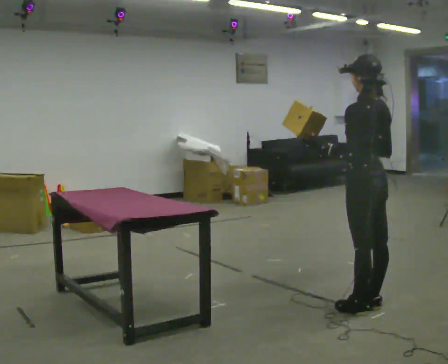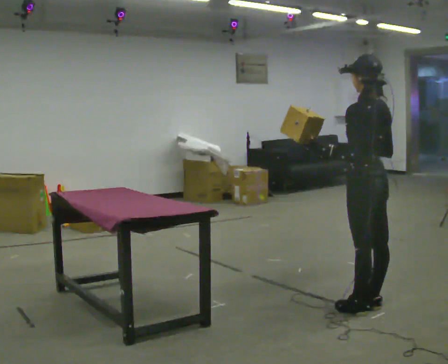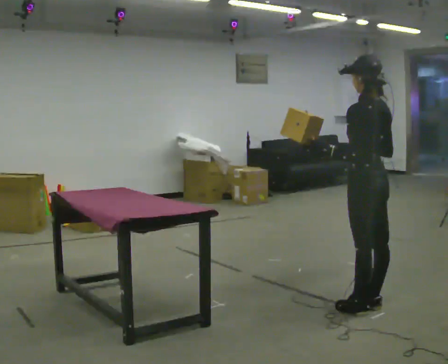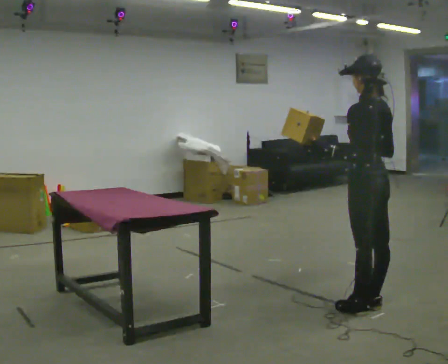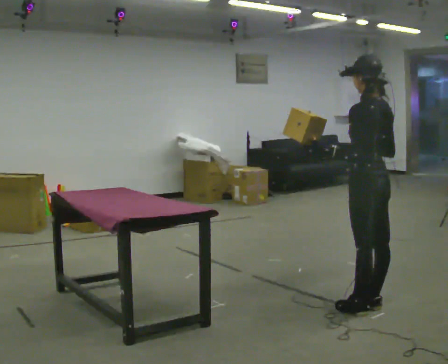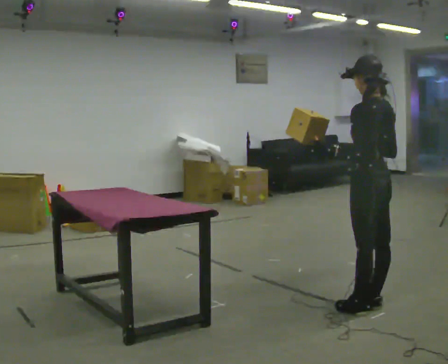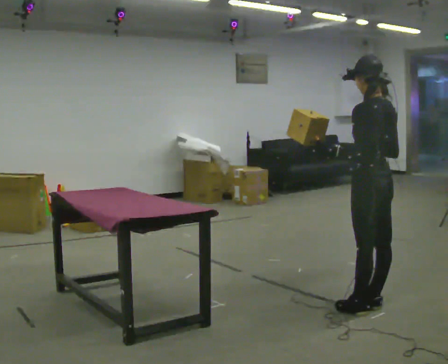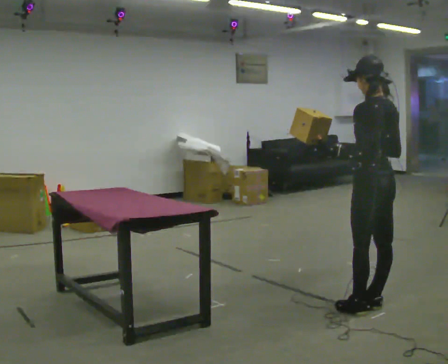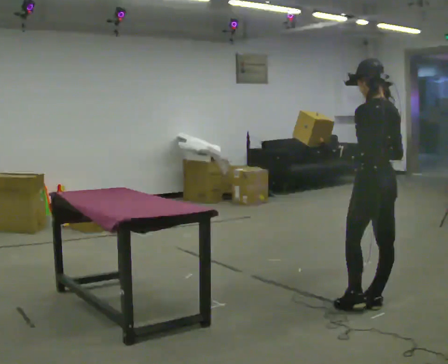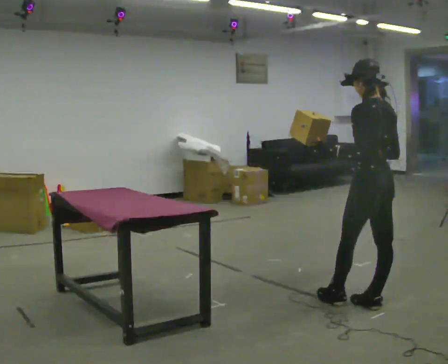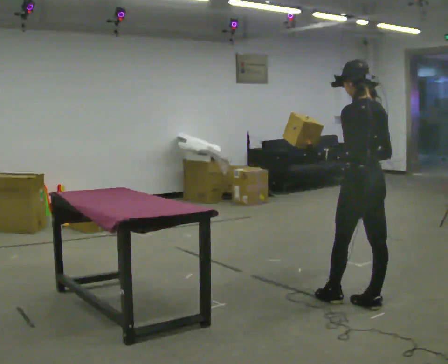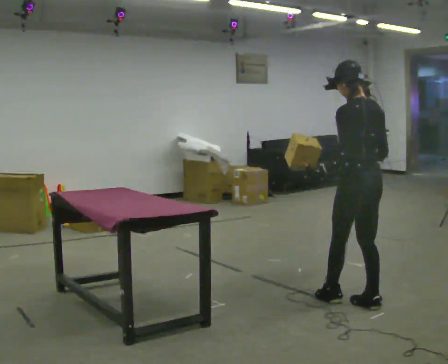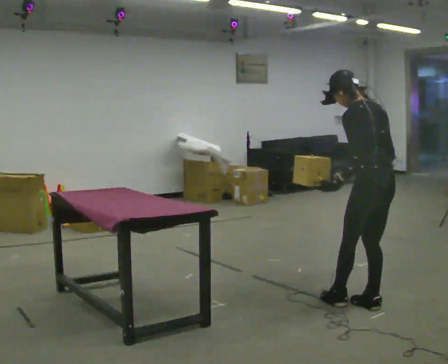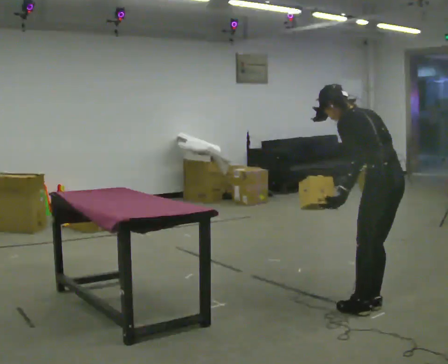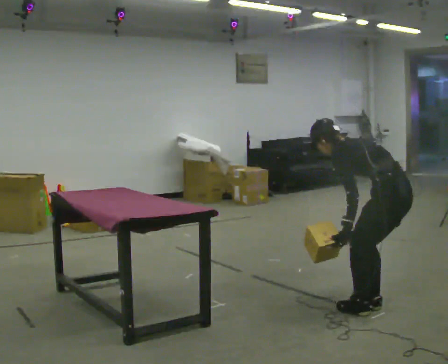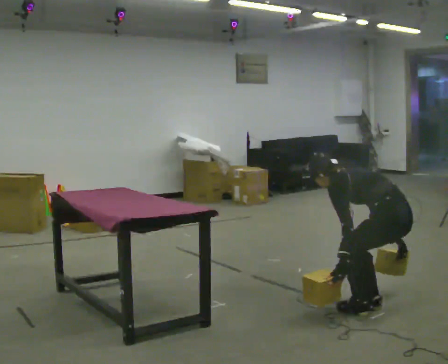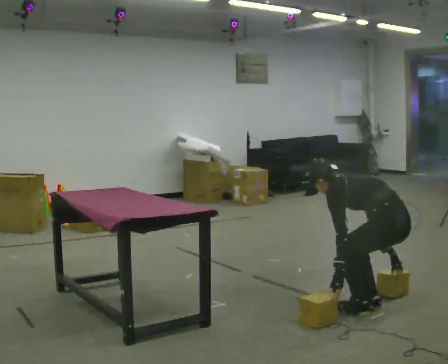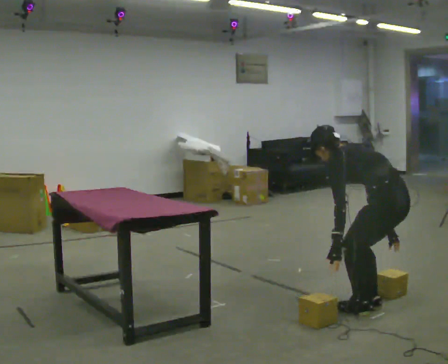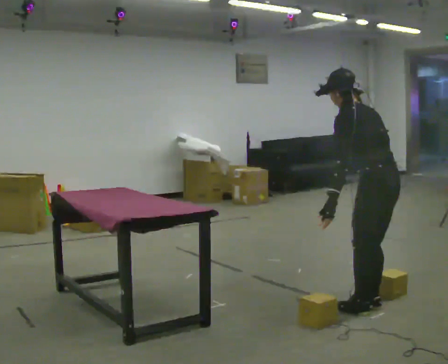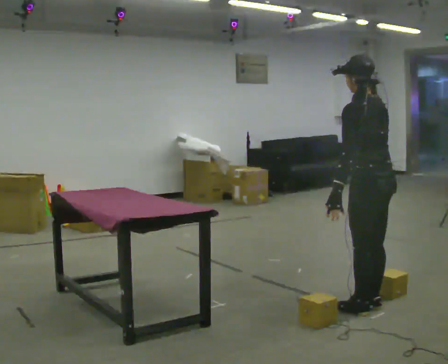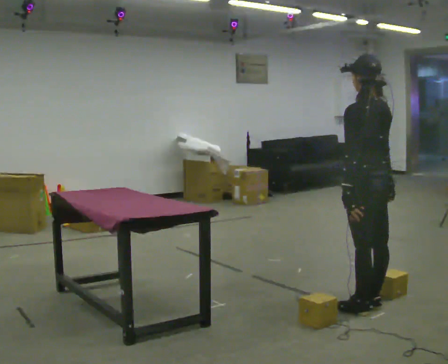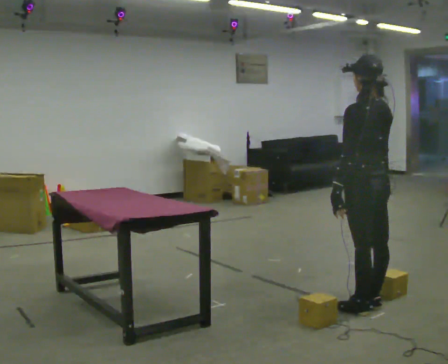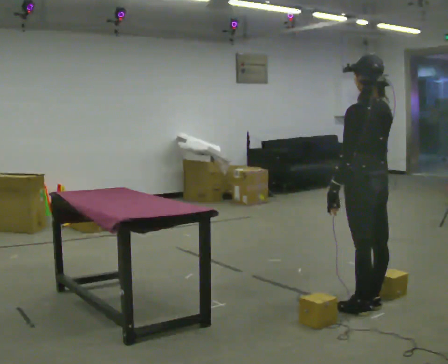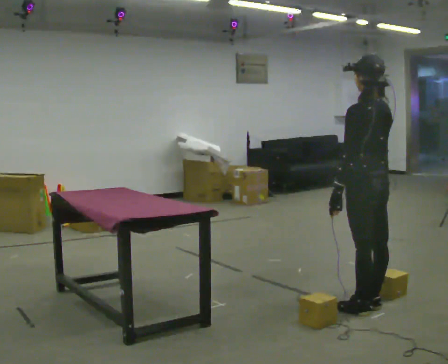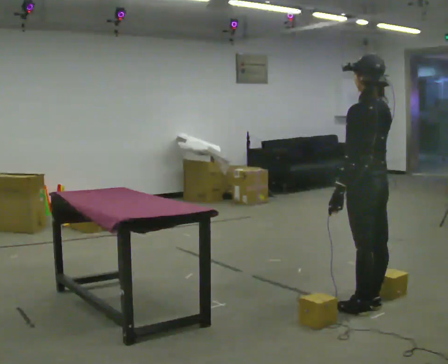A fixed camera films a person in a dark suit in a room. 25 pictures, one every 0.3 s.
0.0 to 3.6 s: The person moves a little, or ends about where they began.
3.6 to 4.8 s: In the picture they go toward the camera, about 0.25 m in 1 step, which for them is backward. The shoulders move downward. In the picture the upper body tilts counterclockwise, shoulders to the left, as they bend forward. In the picture their right hand goes downward.
4.8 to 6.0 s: The shoulders move upward. In the picture the upper body tilts clockwise, shoulders to the right, as they lean back or straighten. In the picture their left hand goes upward.
6.0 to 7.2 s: The person moves a little, or ends about where they began.
The film runs forward here.
